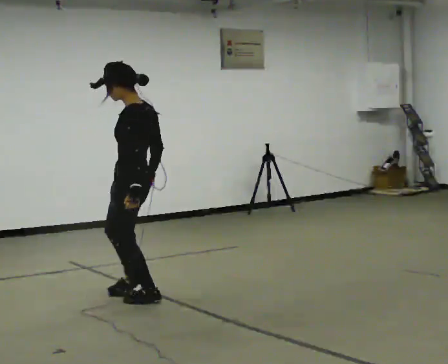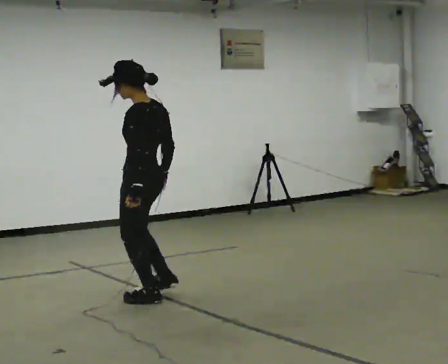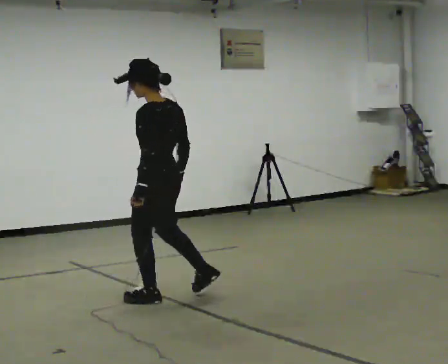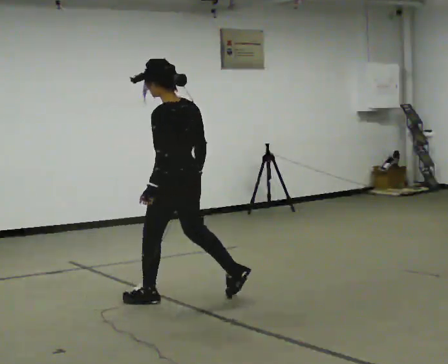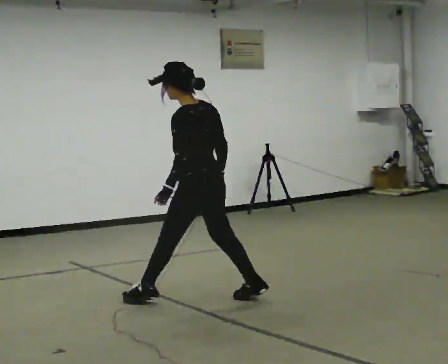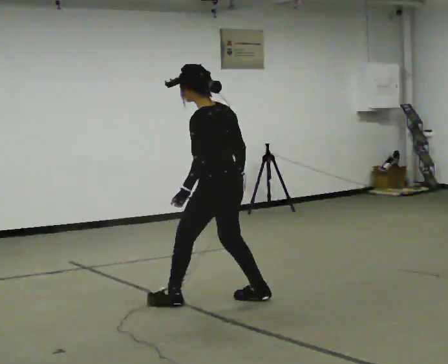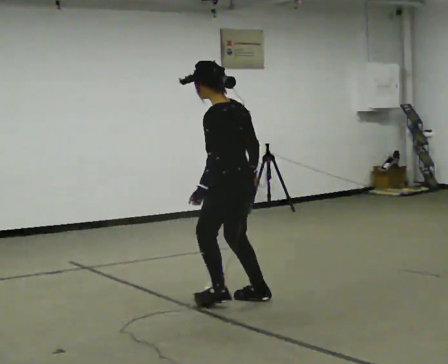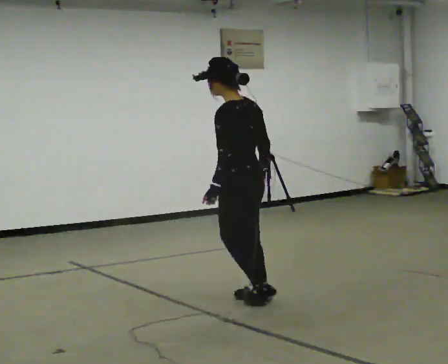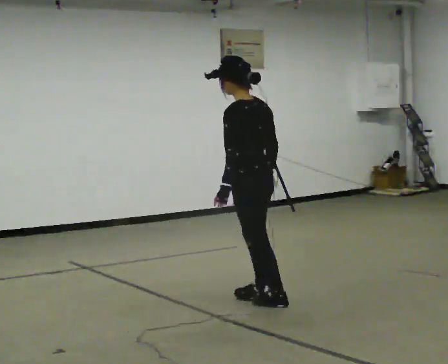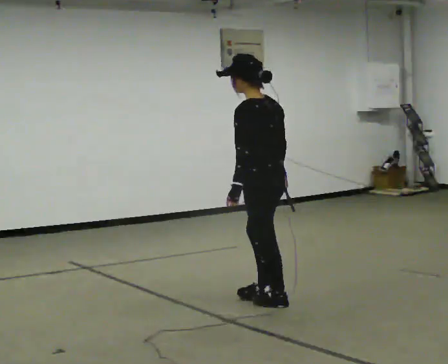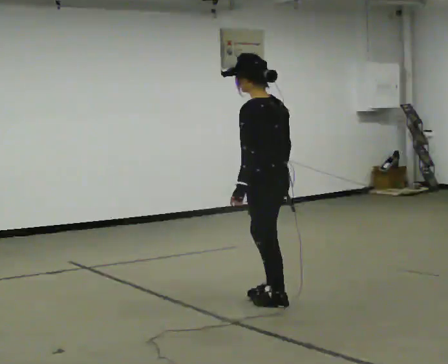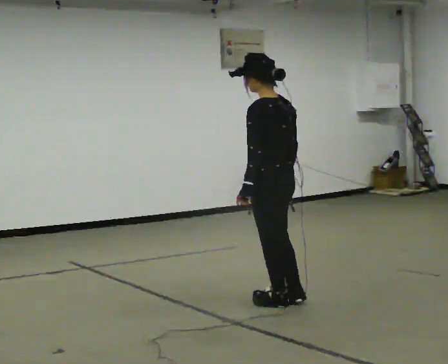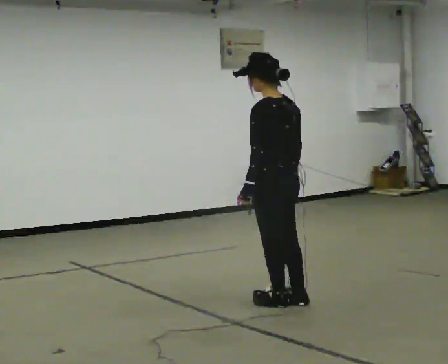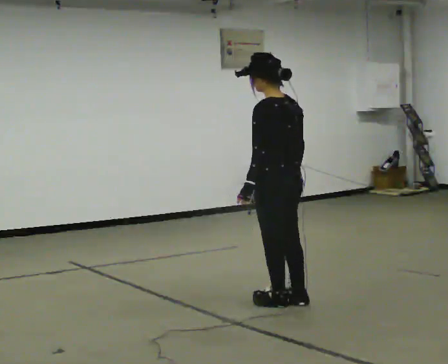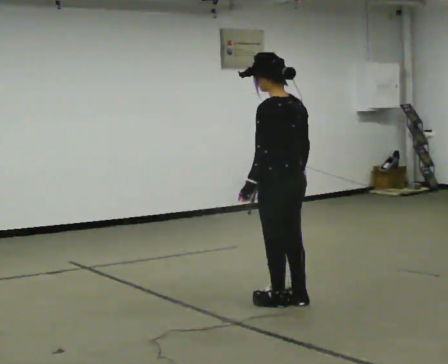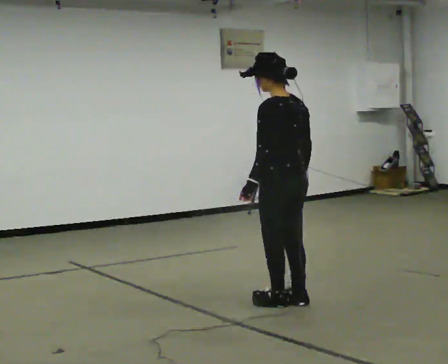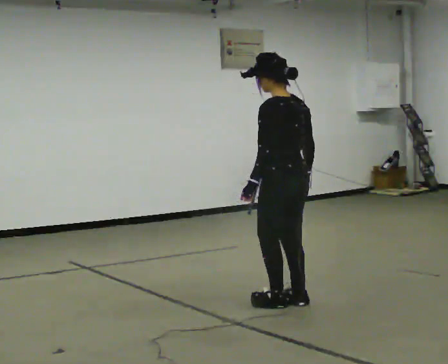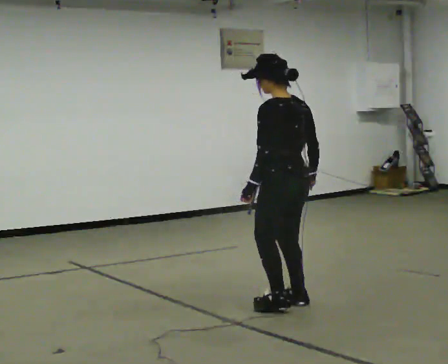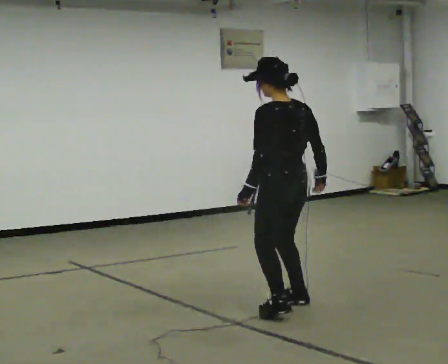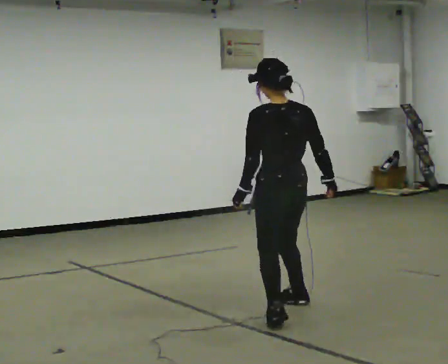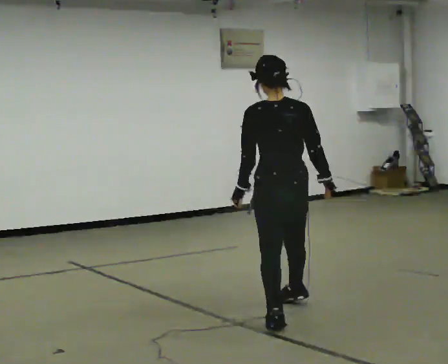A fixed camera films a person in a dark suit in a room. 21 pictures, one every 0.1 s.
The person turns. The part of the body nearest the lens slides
to the left.
The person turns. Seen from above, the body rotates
clockwise.
0.0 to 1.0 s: Seen from above the body turns clockwise, about 30 degrees: to their right, with its near side sliding to the left. In the picture they go to the right, about 1 m in 3 steps, which for them is backward and to their right.
1.0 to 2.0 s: The person turns about 45 degrees to their right, clockwise seen from above, so the part of the body nearest the lens slides to the left. In the picture they go toward the camera, about 0.25 m in 2 steps, which for them is backward and to their left.
The film runs forward here.
